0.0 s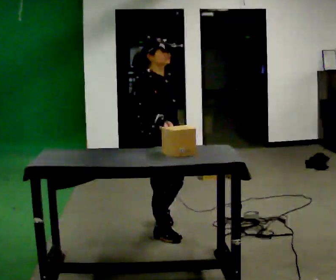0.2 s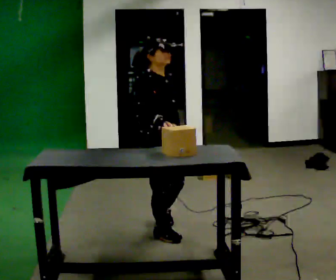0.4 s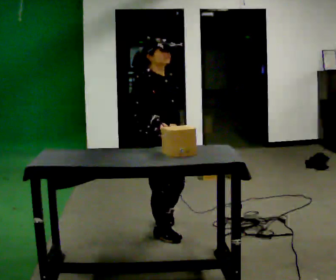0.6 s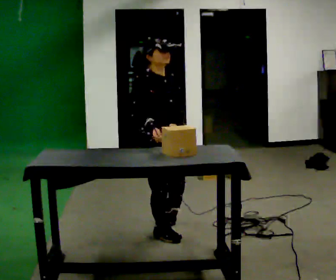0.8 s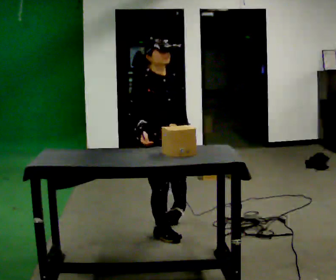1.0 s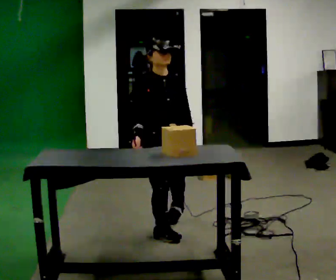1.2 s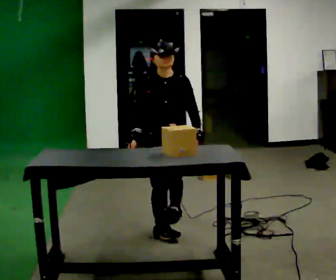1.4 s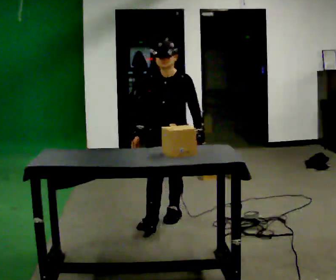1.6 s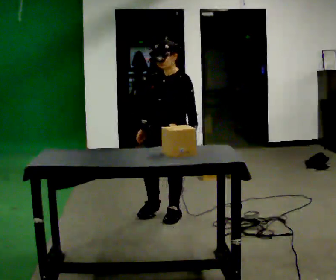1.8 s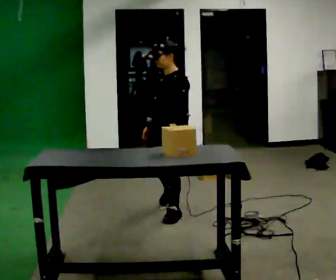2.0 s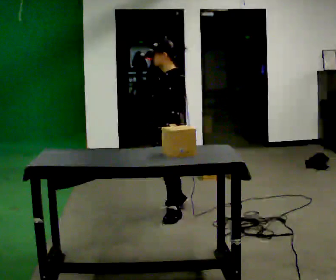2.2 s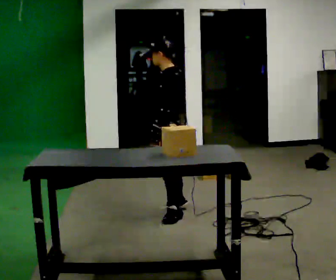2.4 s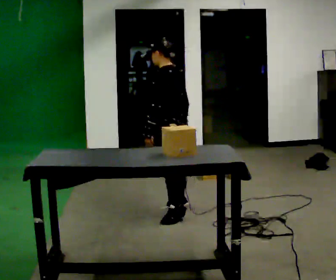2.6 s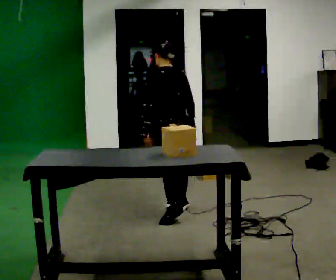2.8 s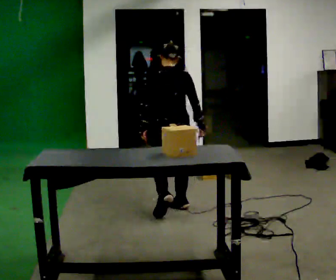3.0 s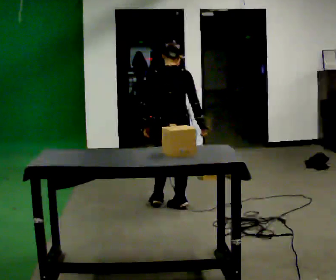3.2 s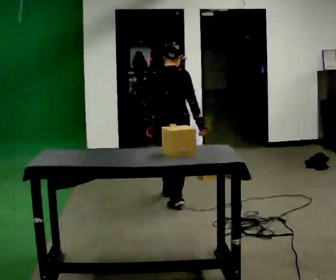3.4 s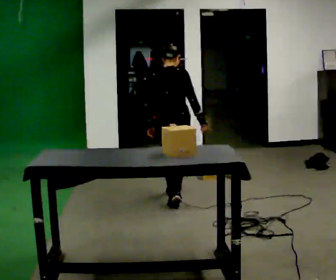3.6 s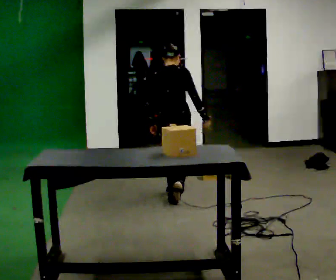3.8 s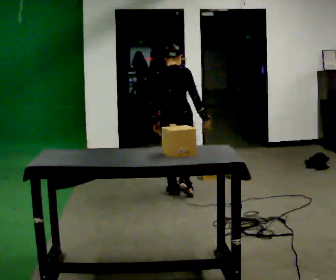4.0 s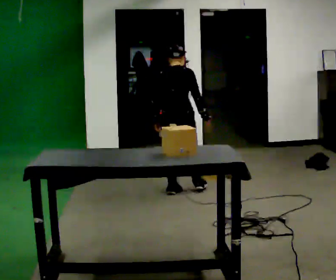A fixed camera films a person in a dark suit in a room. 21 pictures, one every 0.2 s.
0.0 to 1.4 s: Seen from above the body turns clockwise, about 75 degrees: to their right, with its near side sliding to the left. In the picture they go away from the camera, about 0.5 m in 1 step.
1.4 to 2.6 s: The person turns about 120 degrees to their right, clockwise seen from above, so the part of the body nearest the lens slides to the left. In the picture they go away from the camera, about 0.25 m in 1 step.
2.6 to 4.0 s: Seen from above the body turns clockwise, about 60 degrees: to their right, with its near side sliding to the left. In the picture they go away from the camera, about 0.5 m in 1 step.
The film runs forward here.
